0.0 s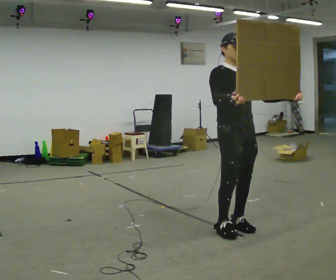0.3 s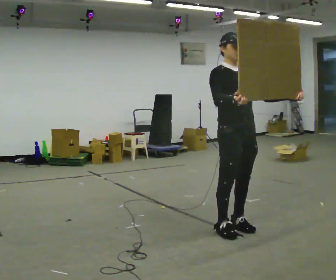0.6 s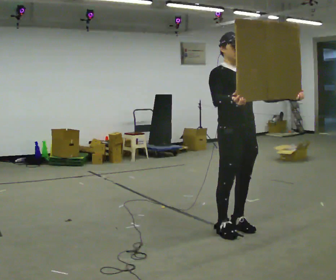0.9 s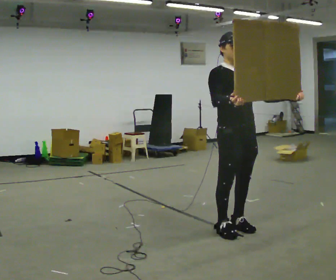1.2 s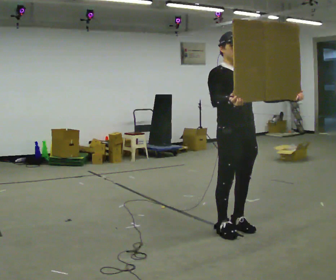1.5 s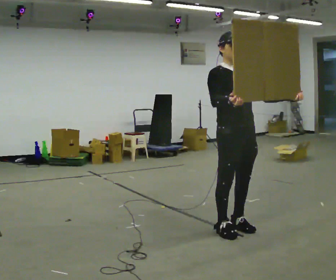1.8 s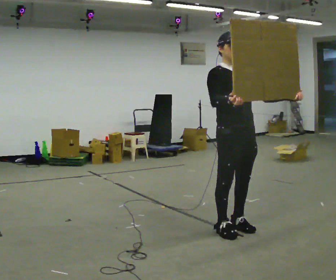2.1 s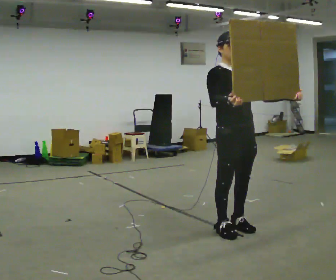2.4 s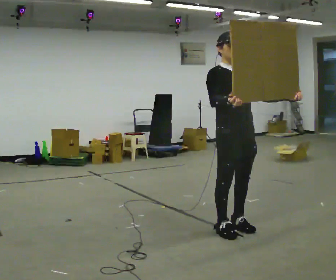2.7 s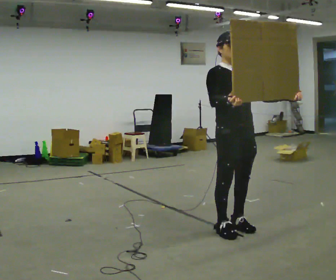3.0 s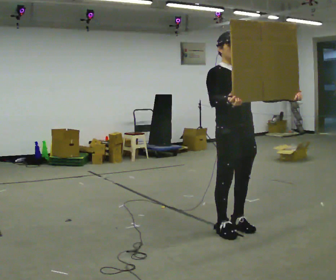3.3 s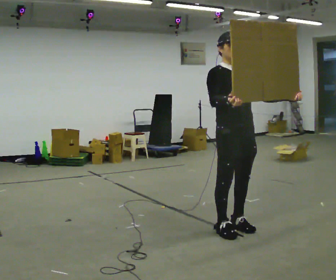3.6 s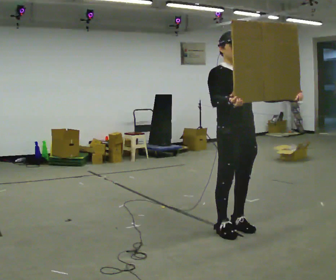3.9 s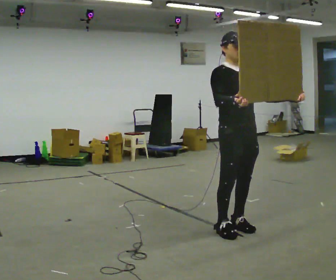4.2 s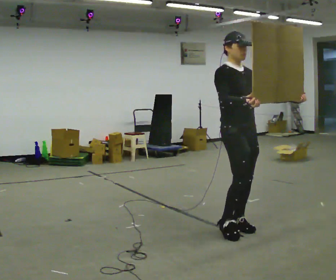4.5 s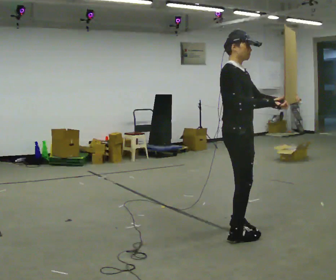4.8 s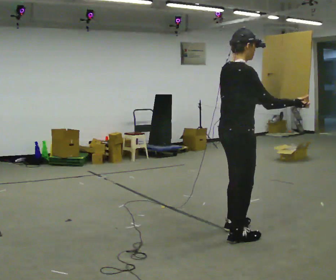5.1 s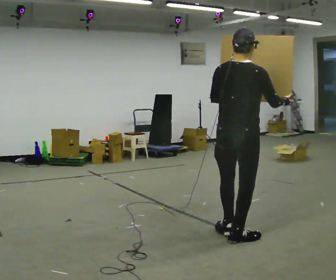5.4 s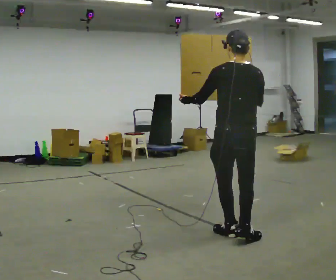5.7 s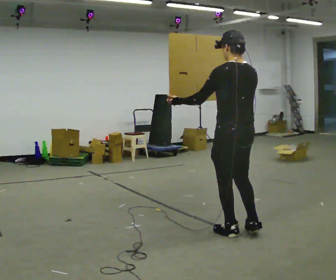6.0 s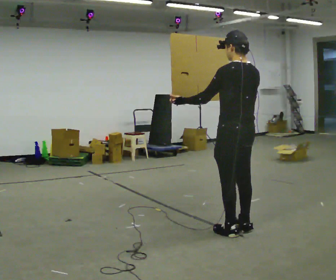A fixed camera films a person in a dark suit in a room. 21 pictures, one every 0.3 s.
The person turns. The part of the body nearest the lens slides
to the right.
The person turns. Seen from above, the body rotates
counterclockwise.
0.0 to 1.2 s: The person moves a little, or ends about where they began.
1.2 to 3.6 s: The person keeps their place and pose.
3.6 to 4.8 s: Seen from above the body turns counterclockwise, about 75 degrees: to their left, with its near side sliding to the right. In the picture they go toward the camera, about 0.25 m in 1 step. In the picture their left hand goes to the left.
4.8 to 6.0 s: The person turns about 105 degrees to their left, counterclockwise seen from above, so the part of the body nearest the lens slides to the right. In the picture they go away from the camera, about 0.25 m in 2 steps. In the picture their right hand goes to the left.
The film runs forward here.
